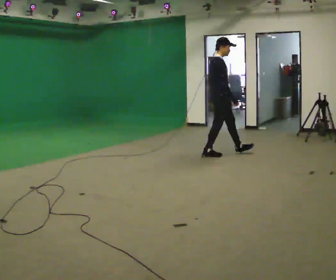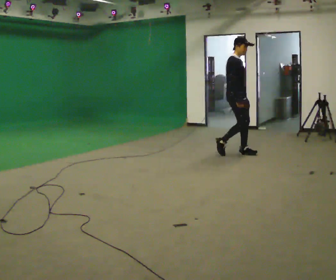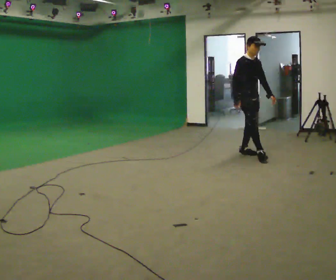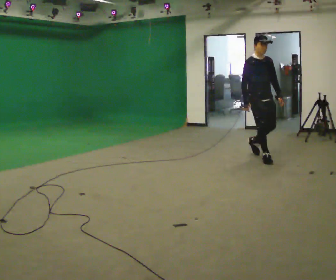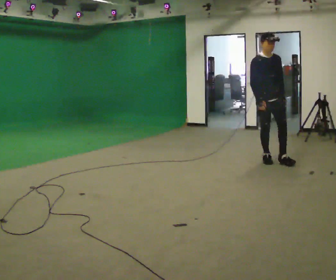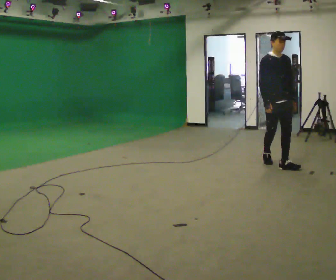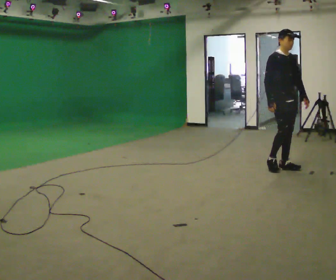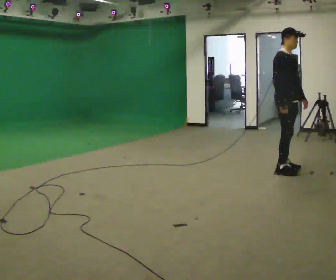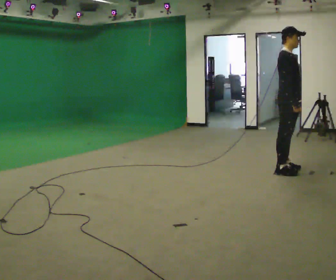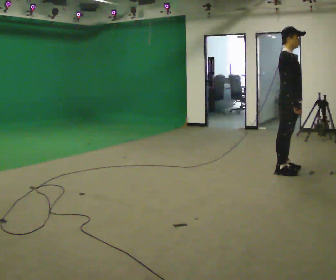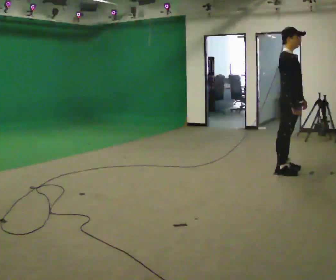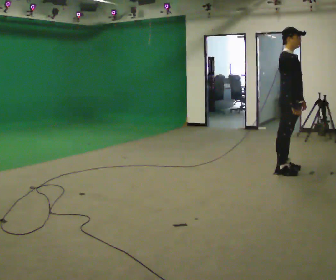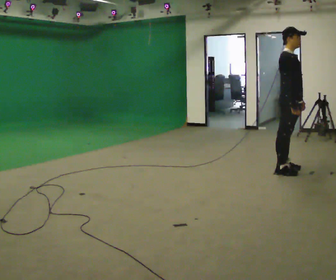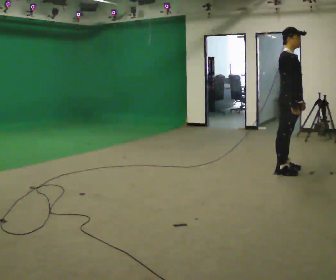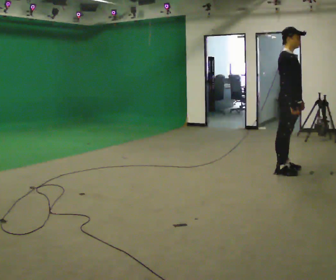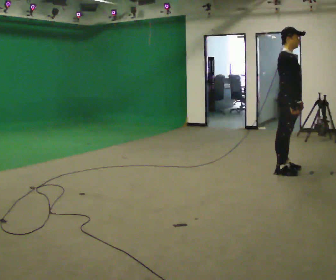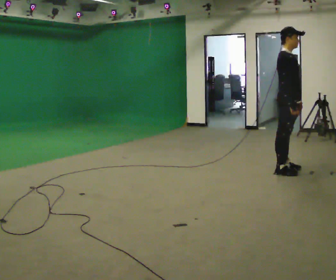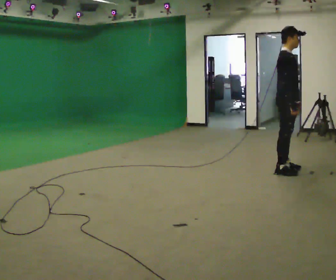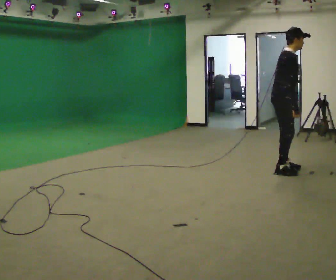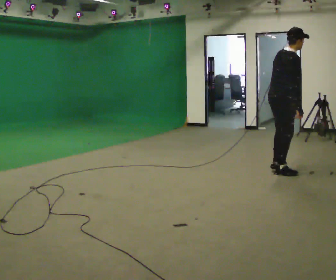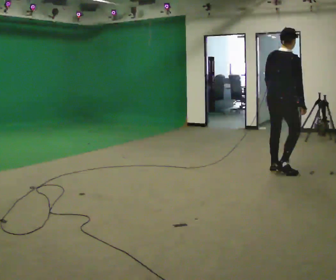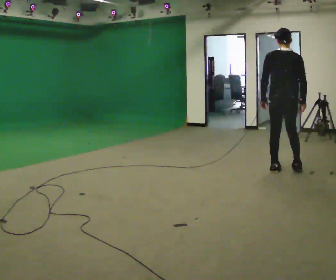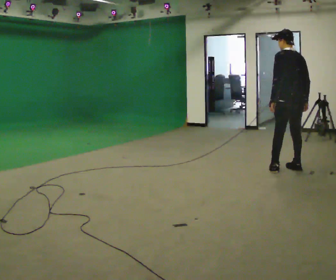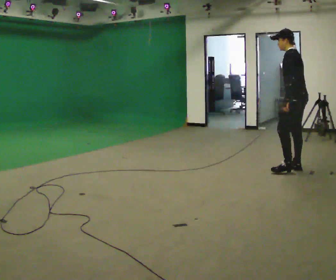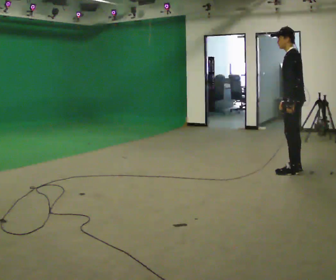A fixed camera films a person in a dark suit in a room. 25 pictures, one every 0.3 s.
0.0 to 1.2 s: The person turns about 75 degrees to their right, clockwise seen from above, so the part of the body nearest the lens slides to the left. In the picture they go to the right, about 1 m in 2 steps.
1.2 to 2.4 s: The person turns about 45 degrees to their left, counterclockwise seen from above, so the part of the body nearest the lens slides to the right. In the picture they go toward the camera and to the right, about 0.5 m in 2 steps, which for them is forward.
2.4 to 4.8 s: The person moves a little, or ends about where they began.
4.8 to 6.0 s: Seen from above the body turns counterclockwise, about 75 degrees: to their left, with its near side sliding to the right. In the picture their left hand goes to the left.
6.0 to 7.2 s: The part of the body nearest the lens slides to the right as the person turns to their left by about 120 degrees. In the picture they go to the right, about 0.25 m in 2 steps. In the picture the upper body tilts counterclockwise, shoulders to the left.
The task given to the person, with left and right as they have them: Walk forward; gradually curve left/right; straighten out.
The film runs forward here.
